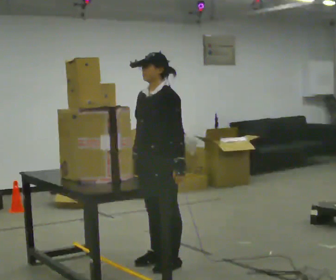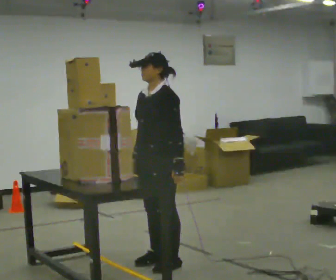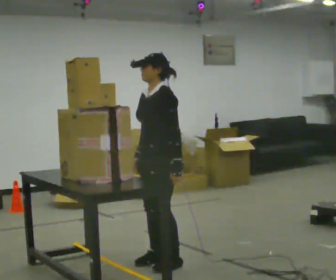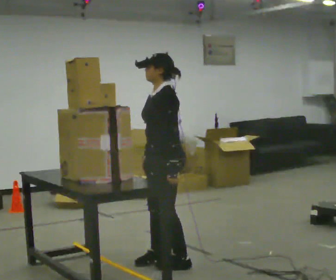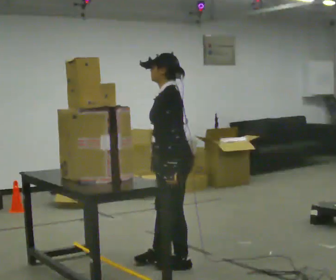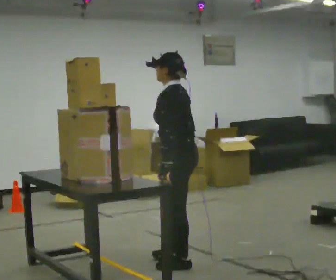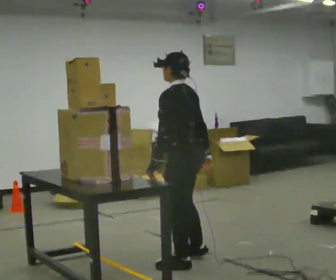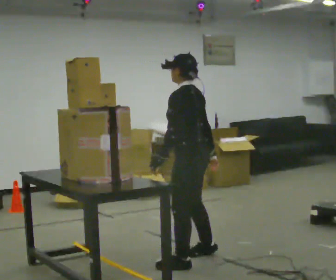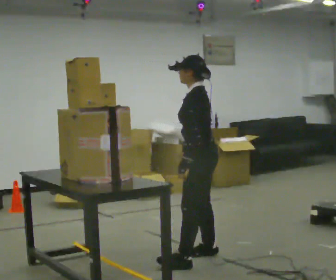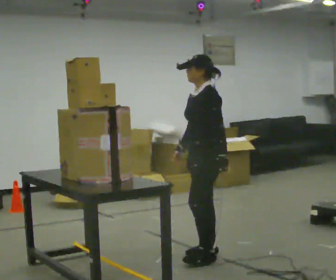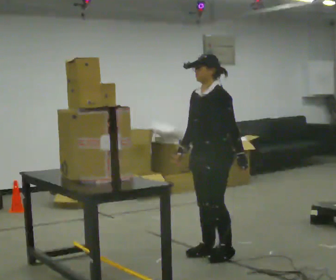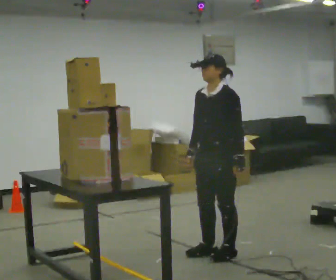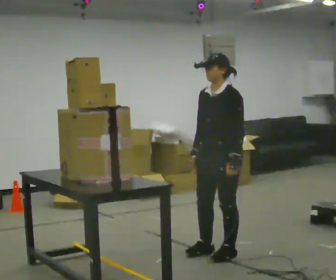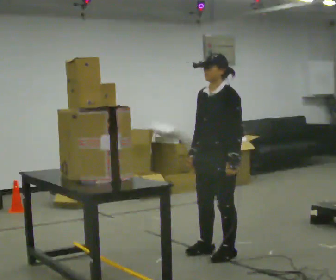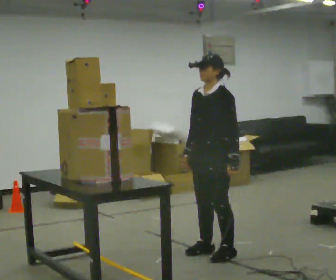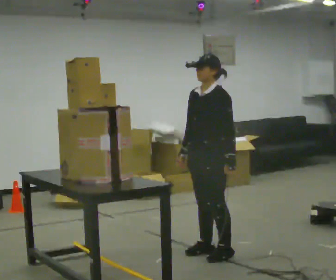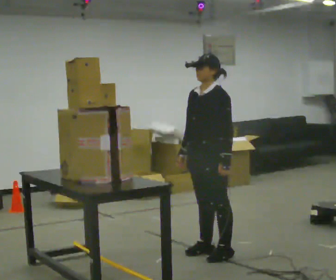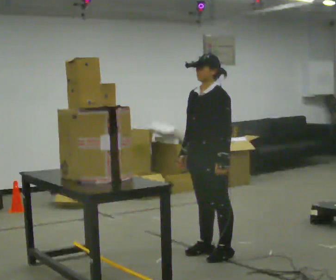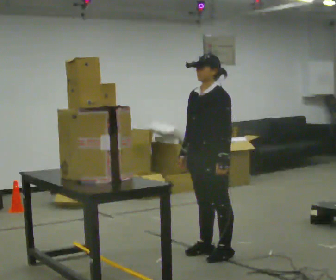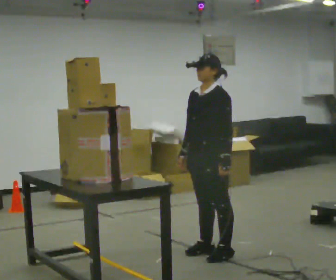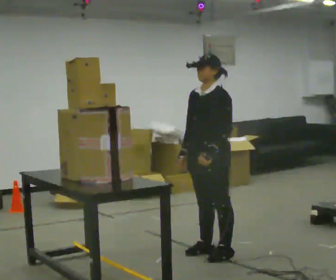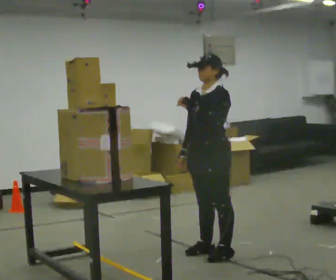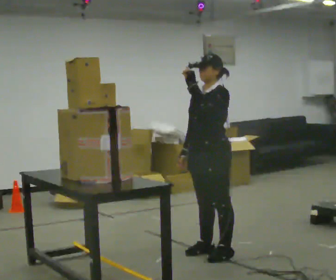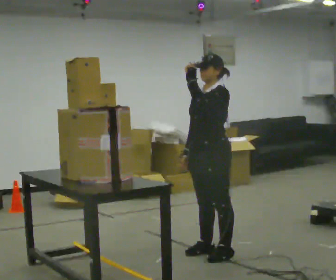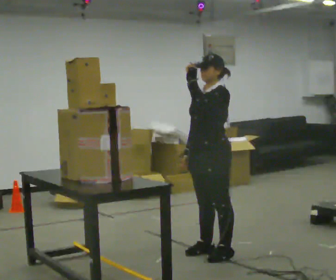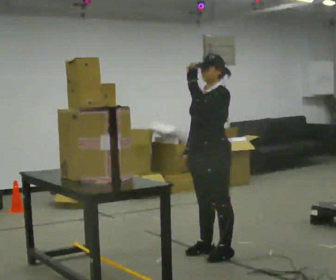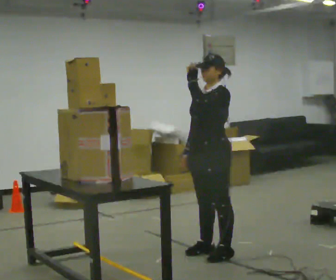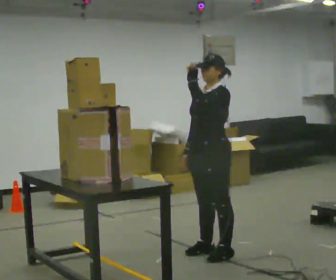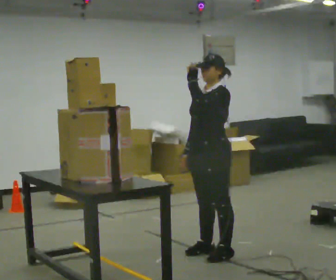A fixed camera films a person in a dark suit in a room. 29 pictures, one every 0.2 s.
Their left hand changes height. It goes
upward.
0.0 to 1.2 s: Seen from above the body turns clockwise, about 60 degrees: to their right, with its near side sliding to the left. In the picture they go to the right, about 0.25 m, which for them is backward. In the picture their right hand goes to the right, the arm swinging counterclockwise.
1.2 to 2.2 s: Seen from above the body turns counterclockwise, about 60 degrees: to their left, with its near side sliding to the right. In the picture they go to the right and away from the camera, about 0.25 m in 2 steps.
2.2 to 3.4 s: The person moves a little, or ends about where they began.
3.4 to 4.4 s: In the picture their left hand goes upward.
4.4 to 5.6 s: The person moves a little, or ends about where they began.
The film runs forward here.
